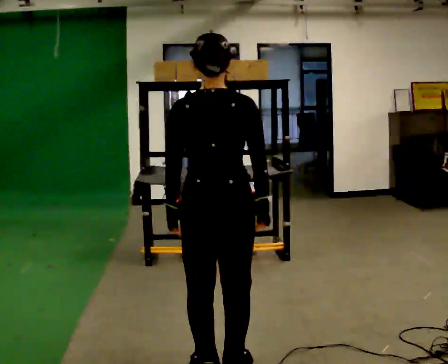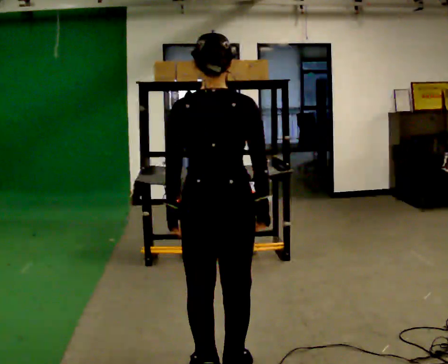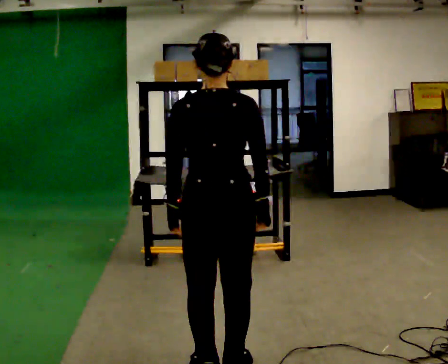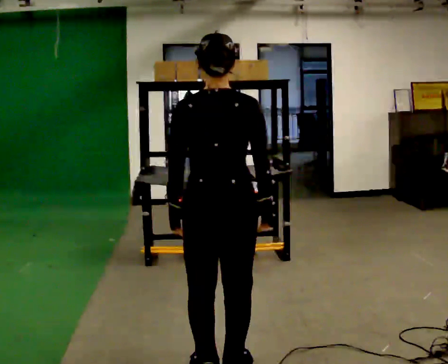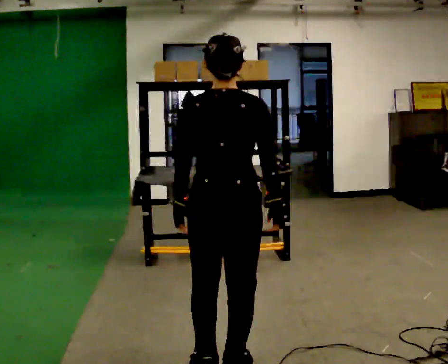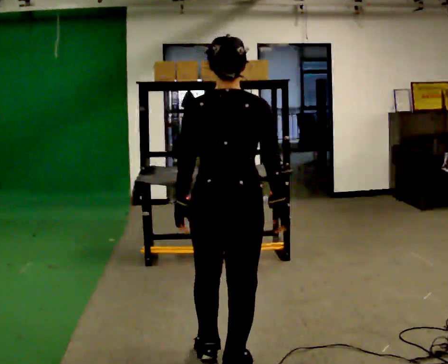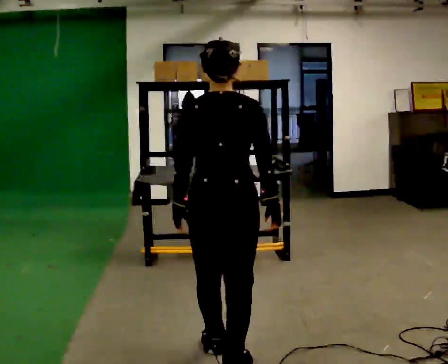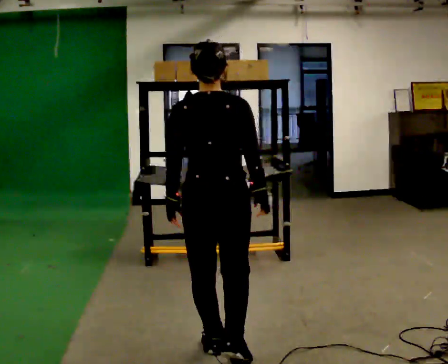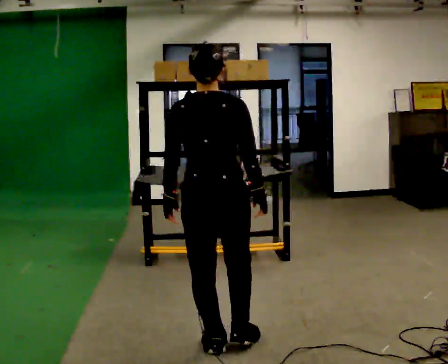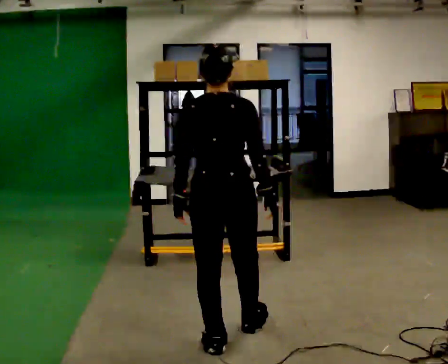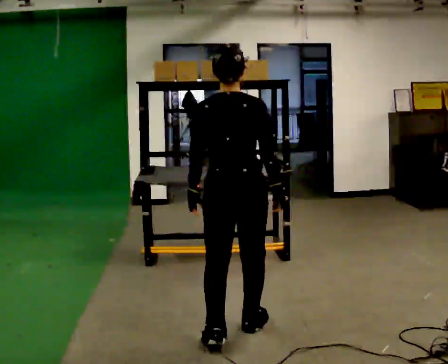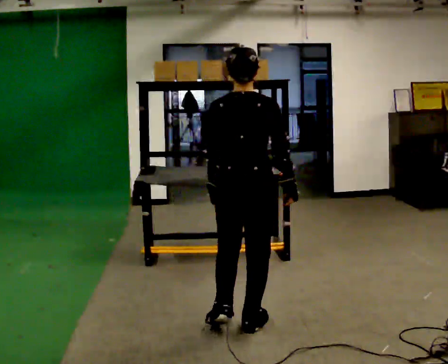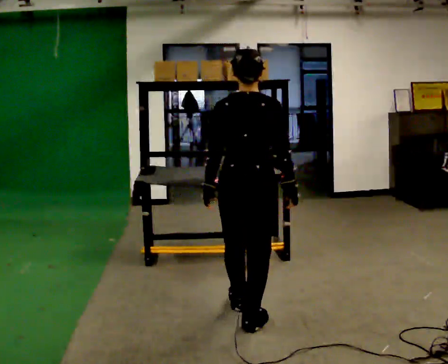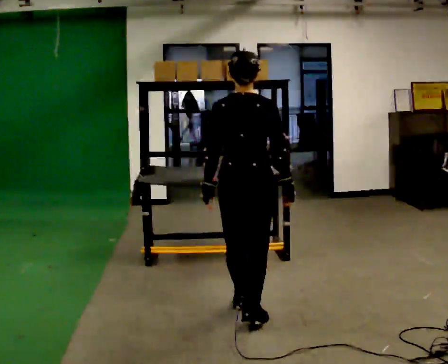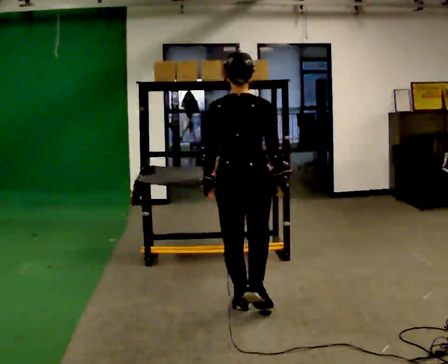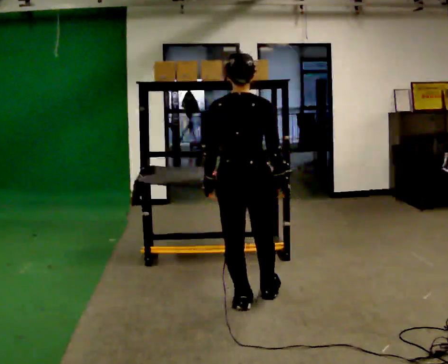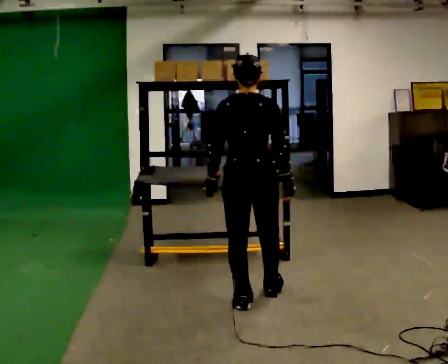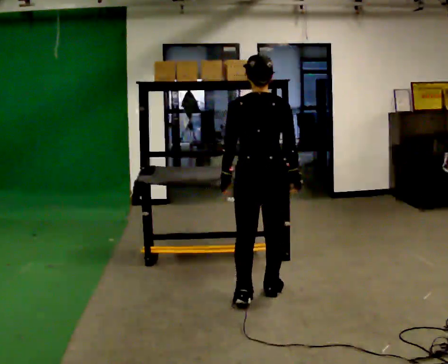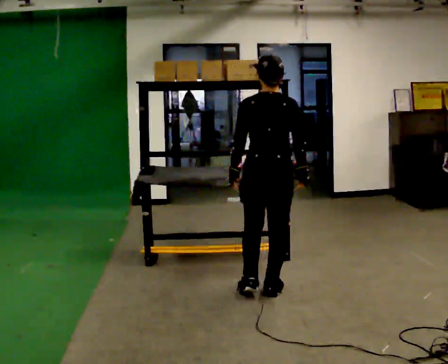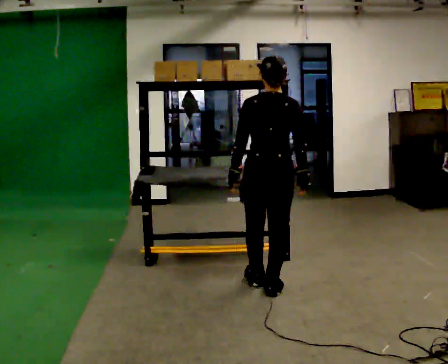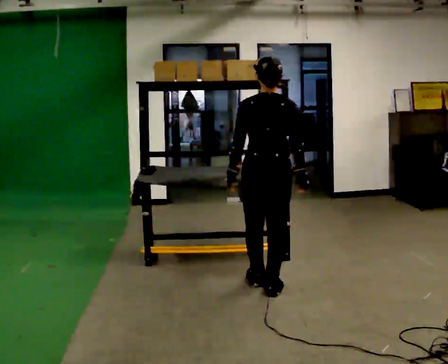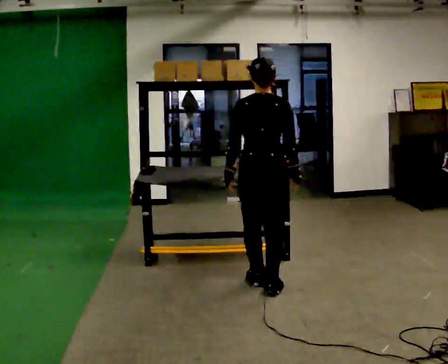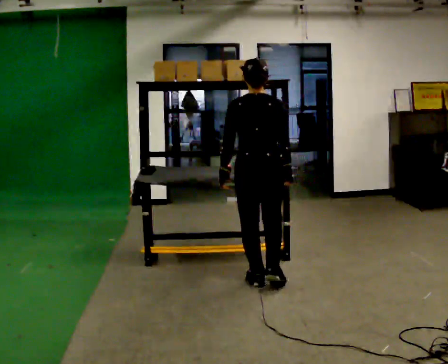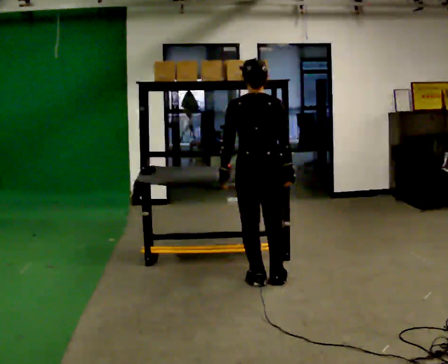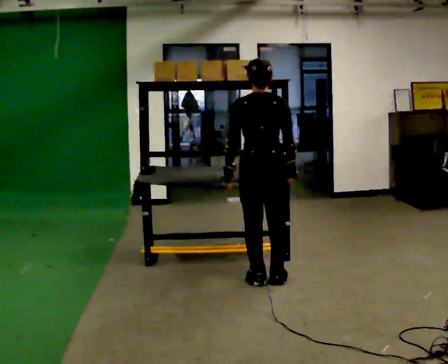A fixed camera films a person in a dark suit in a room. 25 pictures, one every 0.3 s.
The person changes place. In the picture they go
away from the camera.
0.0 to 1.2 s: The person moves a little, or ends about where they began.
1.2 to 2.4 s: In the picture they go away from the camera, about 0.25 m in 1 step, which for them is forward.
2.4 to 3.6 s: In the picture they go away from the camera and to the right, about 0.5 m in 1 step, which for them is forward.
3.6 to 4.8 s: In the picture they go away from the camera, about 0.25 m in 2 steps, which for them is forward.
4.8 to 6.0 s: In the picture they go away from the camera, about 0.25 m in 1 step, which for them is forward.
6.0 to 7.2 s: In the picture they go away from the camera, about 0.25 m in 1 step, which for them is forward.
The film runs forward here.
